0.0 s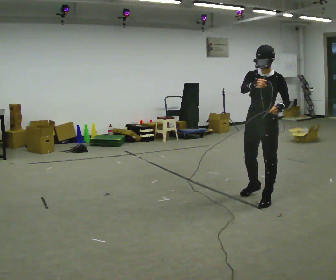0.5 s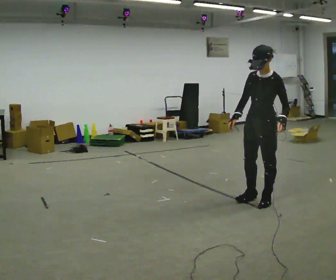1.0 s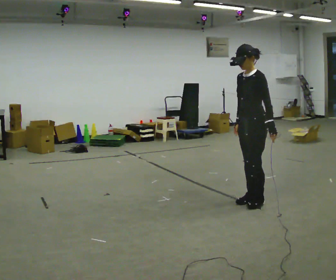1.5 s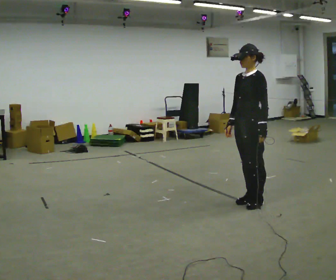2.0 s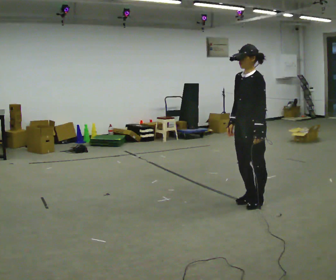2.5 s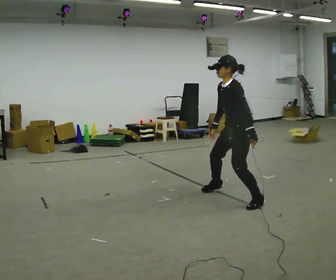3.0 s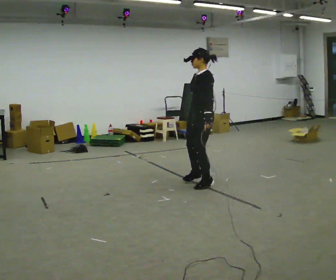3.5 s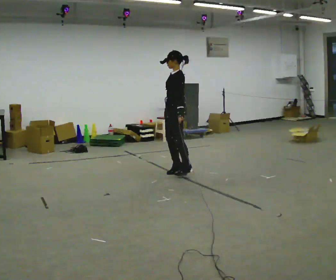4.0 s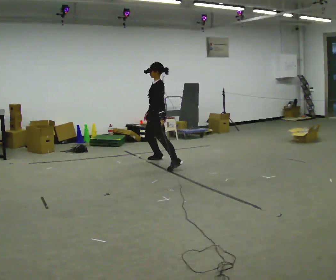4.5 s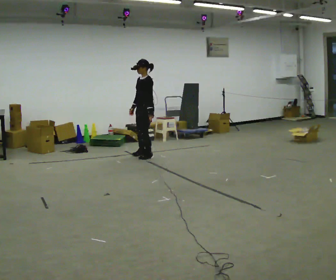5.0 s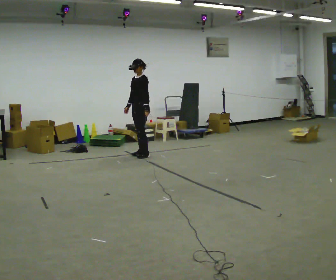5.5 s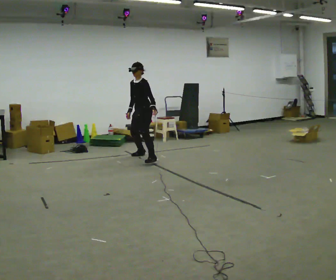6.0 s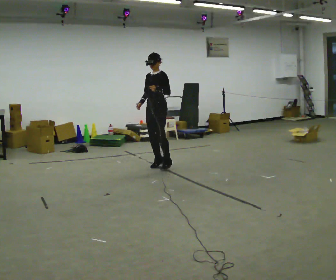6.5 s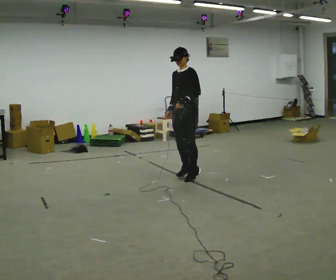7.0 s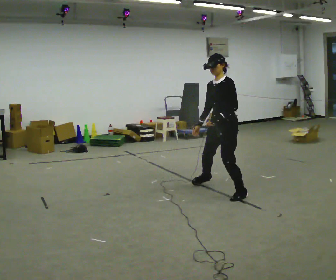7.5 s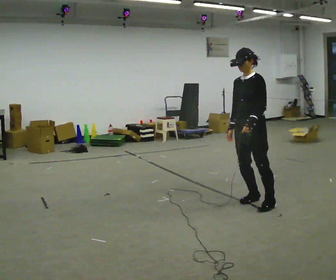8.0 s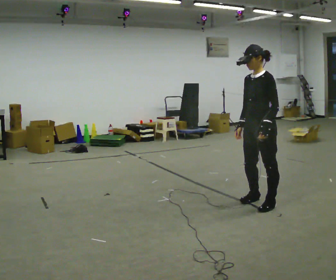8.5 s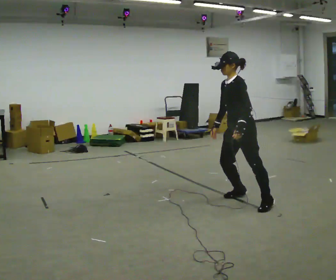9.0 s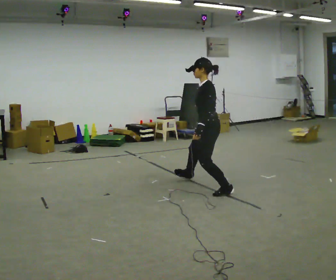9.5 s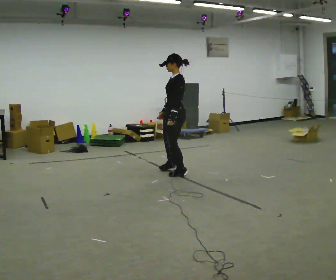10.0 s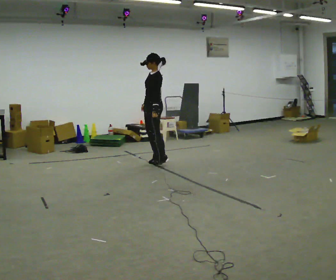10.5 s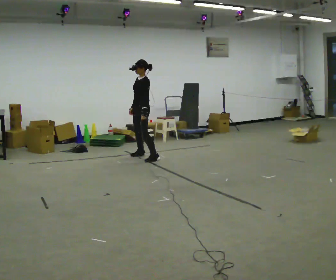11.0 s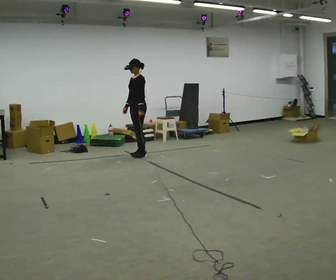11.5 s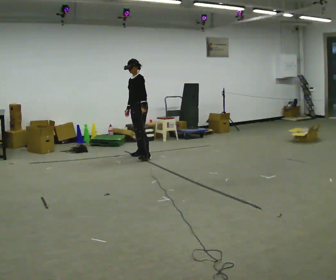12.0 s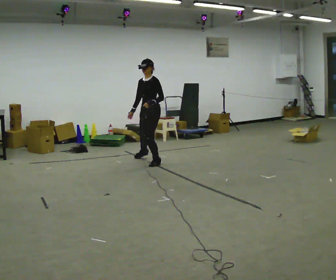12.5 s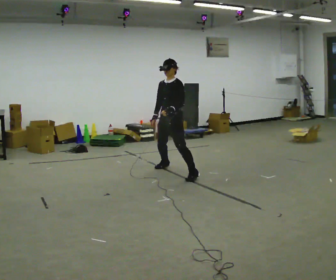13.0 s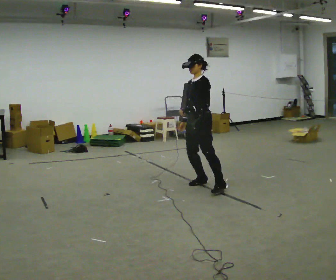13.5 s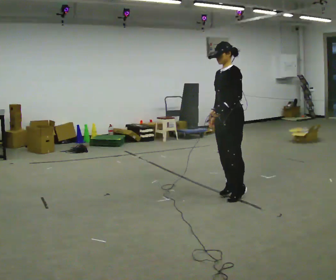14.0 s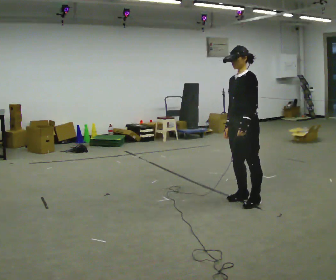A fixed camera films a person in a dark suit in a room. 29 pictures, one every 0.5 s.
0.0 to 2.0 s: The part of the body nearest the lens slides to the left as the person turns to their right by about 30 degrees. In the picture their right hand goes downward.
2.0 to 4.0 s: In the picture they go away from the camera and to the left, about 2.5 m in 5 steps, which for them is to their right.
4.0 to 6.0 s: The part of the body nearest the lens slides to the right as the person turns to their left by about 30 degrees. In the picture they go toward the camera, about 0.25 m in 3 steps, which for them is to their left and forward.
6.0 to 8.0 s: In the picture they go toward the camera and to the right, about 2 m in 4 steps, which for them is to their left.
8.0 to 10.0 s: In the picture they go away from the camera and to the left, about 2.5 m in 5 steps, which for them is to their right and forward.
10.0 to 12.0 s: The person moves a little, or ends about where they began.
12.0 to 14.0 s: In the picture they go toward the camera and to the right, about 2 m in 6 steps, which for them is to their left.
The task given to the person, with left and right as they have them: Gallop forward leading with the leg the operator calls, keeping the same leg in front throughout.
The film runs forward here.
